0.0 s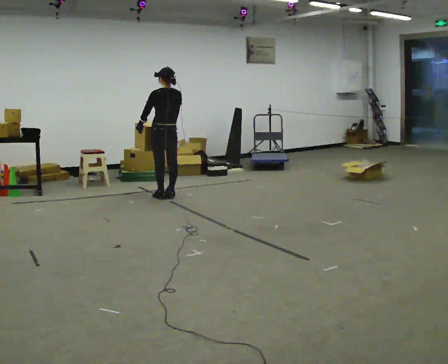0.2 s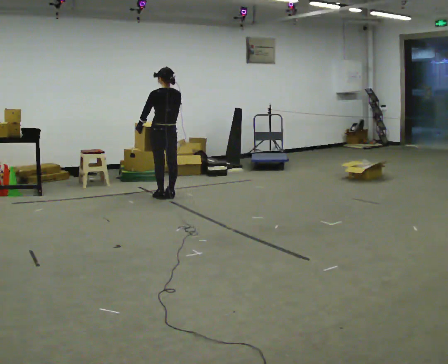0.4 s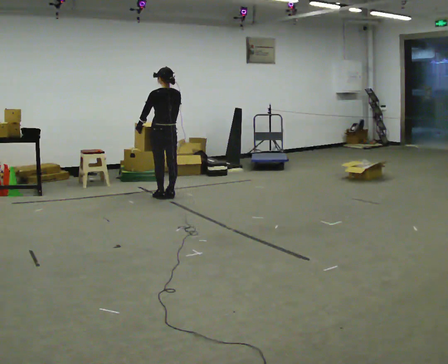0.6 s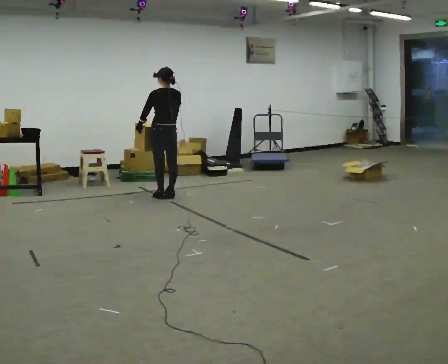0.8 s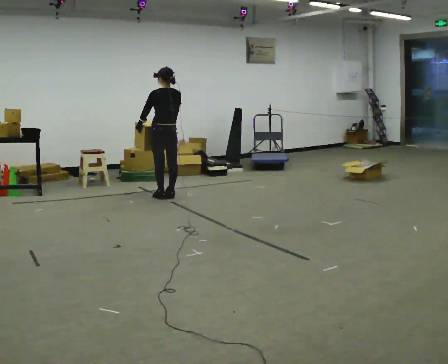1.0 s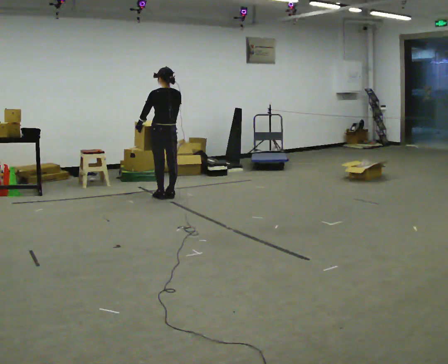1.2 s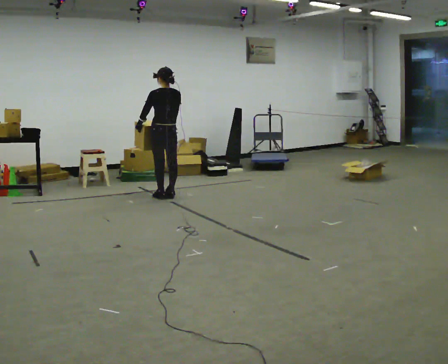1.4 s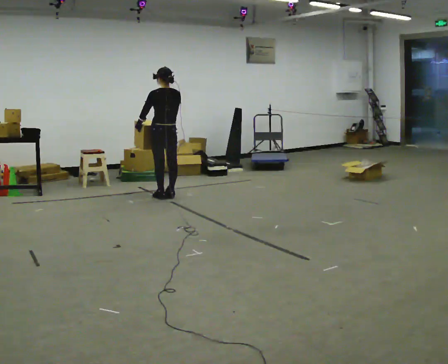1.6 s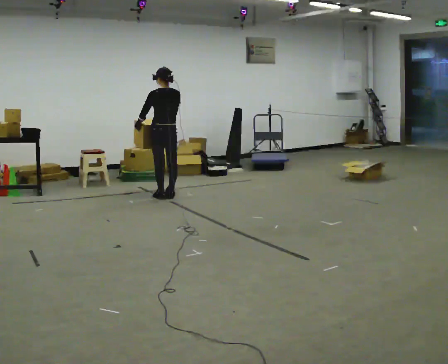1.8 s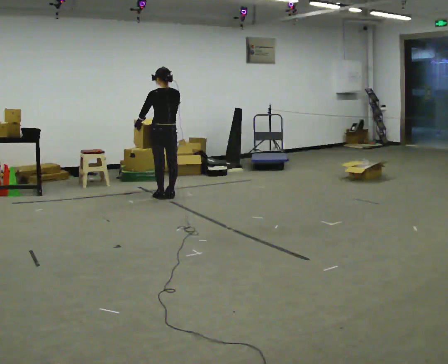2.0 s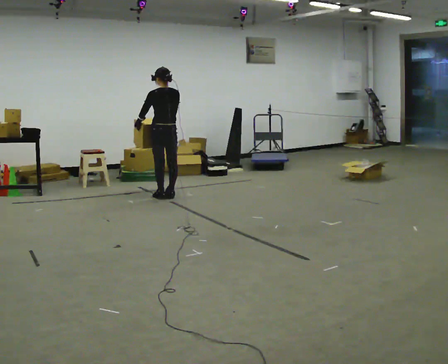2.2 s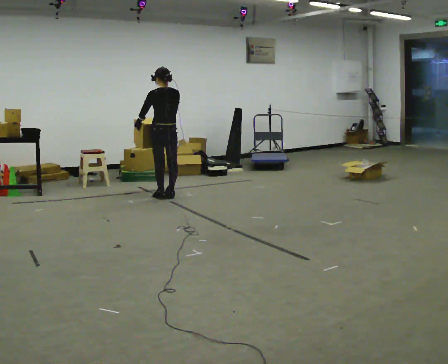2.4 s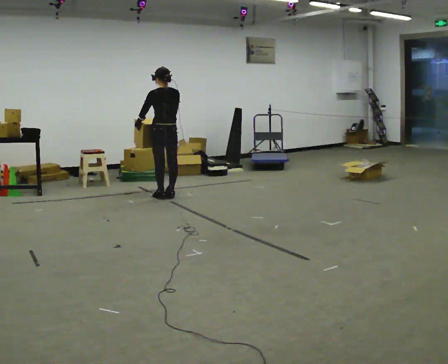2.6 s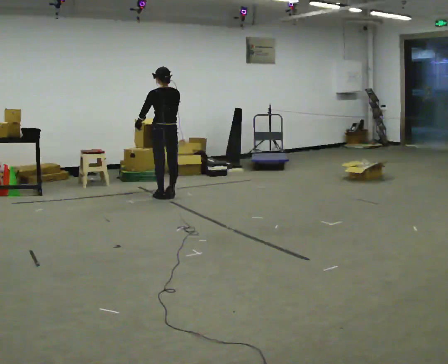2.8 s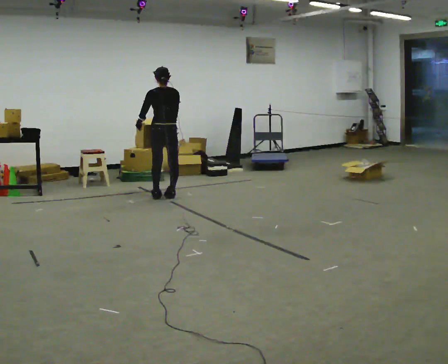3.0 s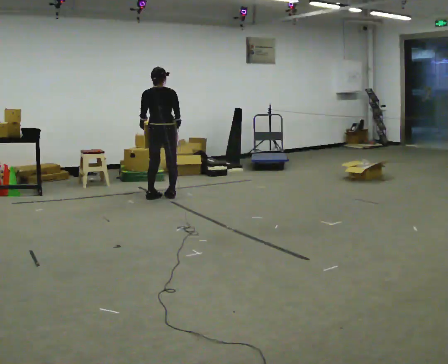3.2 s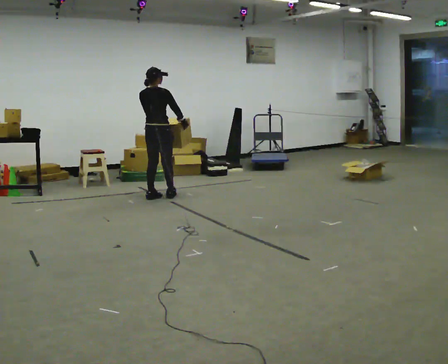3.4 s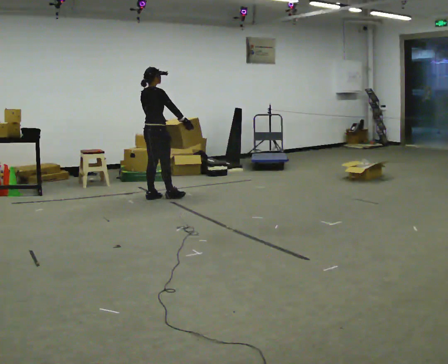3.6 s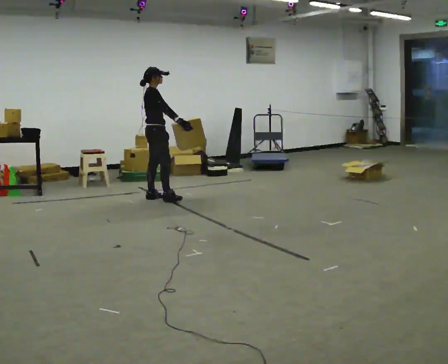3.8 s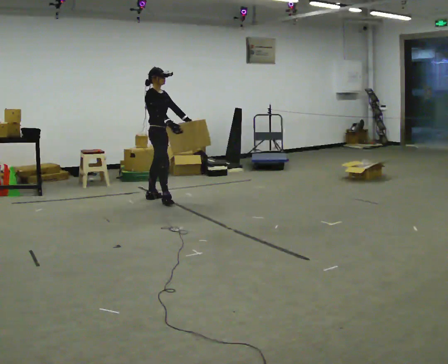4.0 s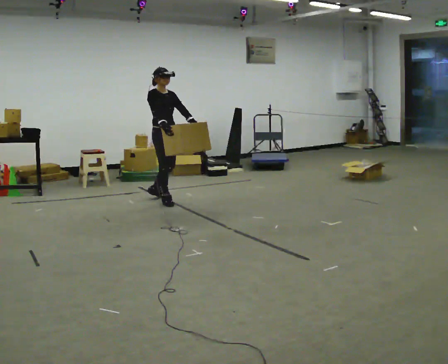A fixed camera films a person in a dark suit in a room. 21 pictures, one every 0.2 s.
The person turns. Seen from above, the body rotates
clockwise.
The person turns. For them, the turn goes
to their right.
0.0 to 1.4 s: The person moves a little, or ends about where they began.
1.4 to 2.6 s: The person keeps their place and pose.
2.6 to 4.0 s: The person turns about 150 degrees to their right, clockwise seen from above, so the part of the body nearest the lens slides to the left. In the picture they go toward the camera, about 0.25 m in 2 steps.
The film runs forward here.
